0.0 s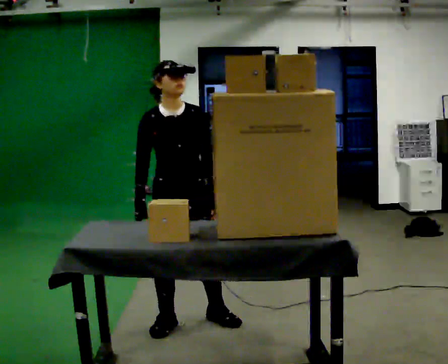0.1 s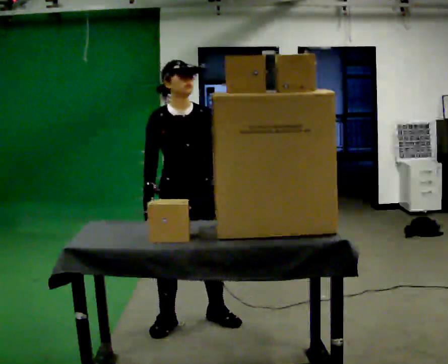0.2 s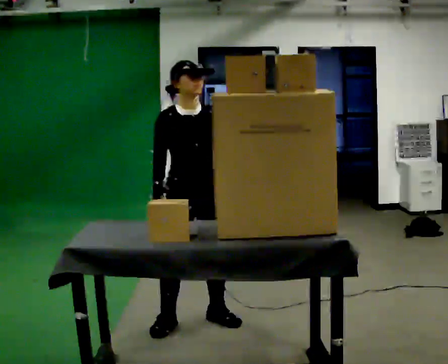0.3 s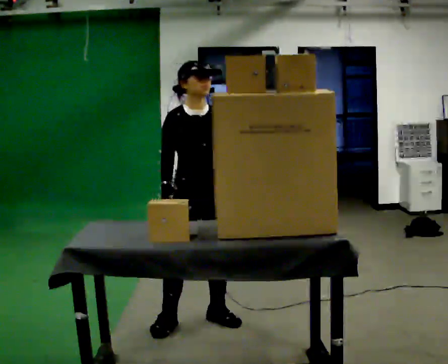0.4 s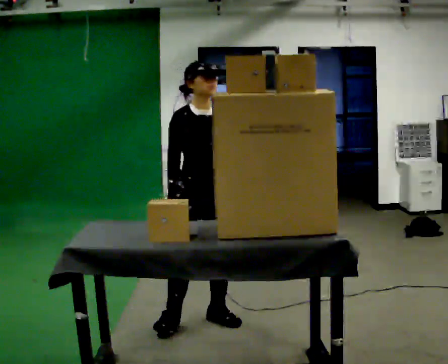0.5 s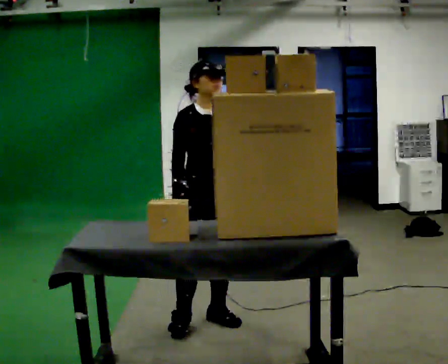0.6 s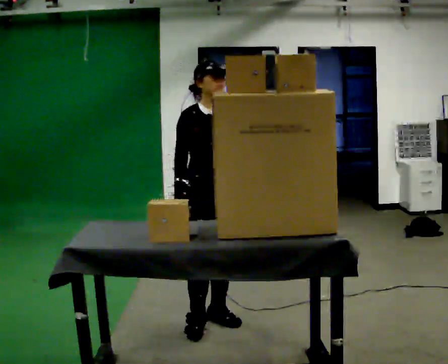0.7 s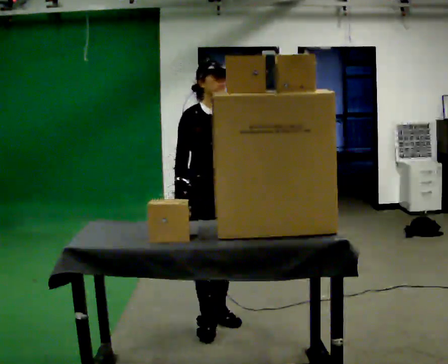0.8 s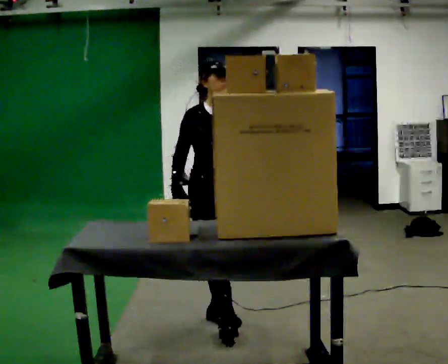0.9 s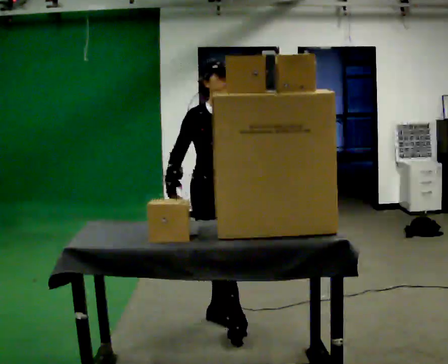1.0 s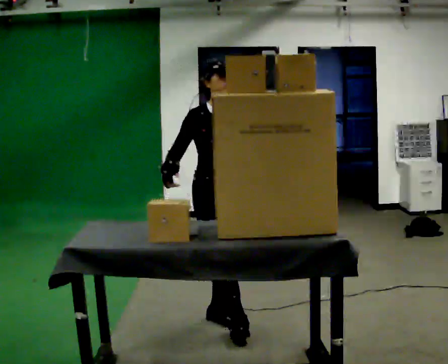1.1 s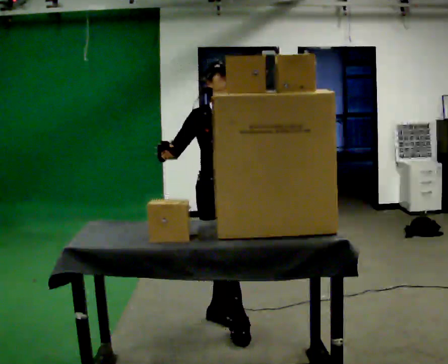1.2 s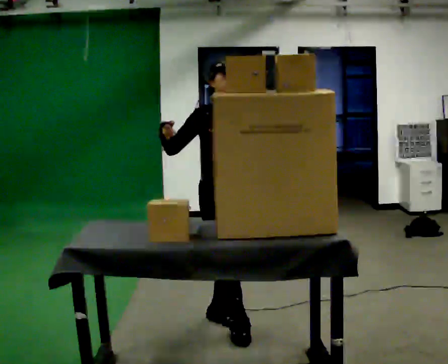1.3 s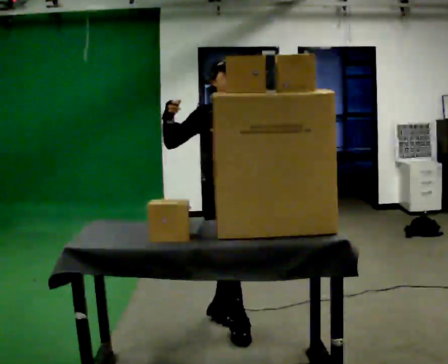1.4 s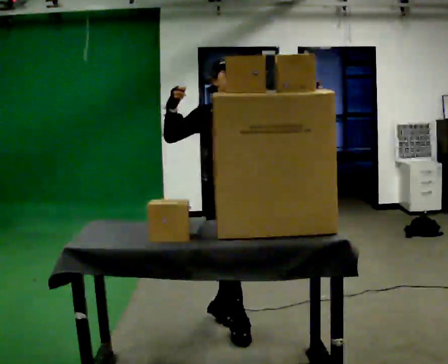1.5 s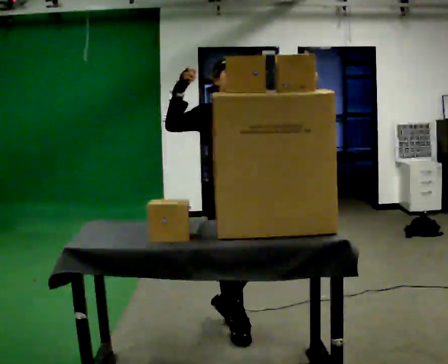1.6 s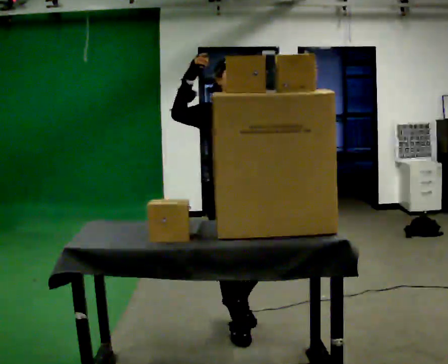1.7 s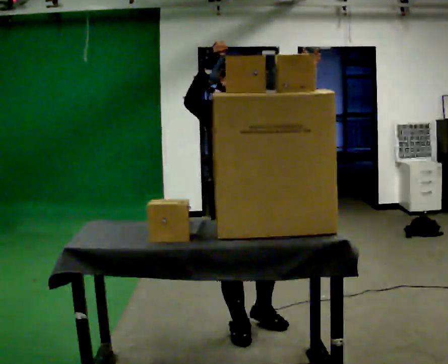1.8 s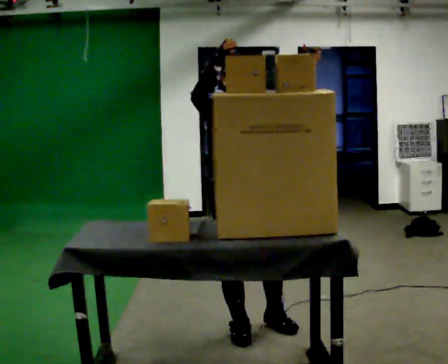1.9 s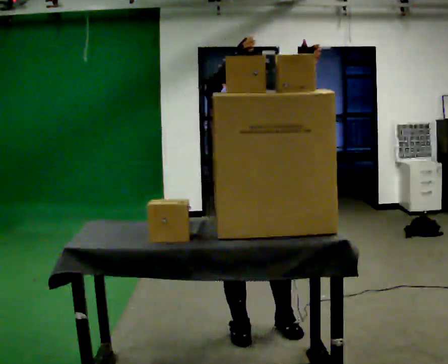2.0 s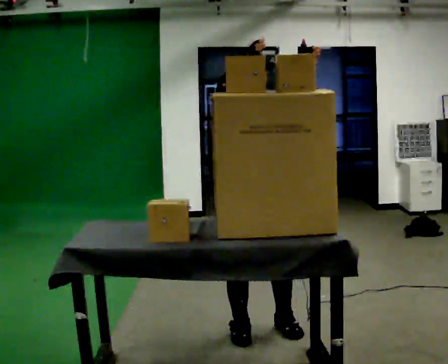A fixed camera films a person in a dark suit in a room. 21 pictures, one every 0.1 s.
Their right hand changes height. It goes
upward.
Their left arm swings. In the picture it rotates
counterclockwise.
0.0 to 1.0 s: In the picture they go to the right, about 0.25 m in 1 step, which for them is to their left.
1.0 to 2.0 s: In the picture they go to the right and toward the camera, about 0.25 m in 1 step, which for them is forward. In the picture their left hand goes upward, the arm swinging counterclockwise.
The film runs forward here.
